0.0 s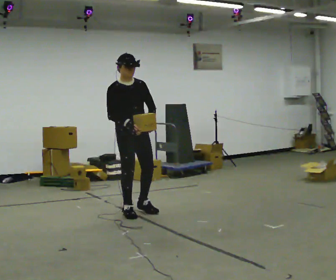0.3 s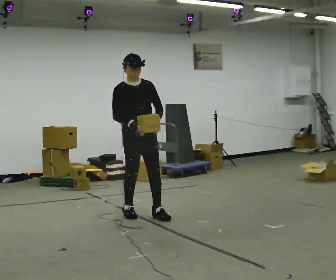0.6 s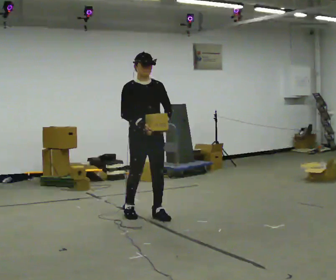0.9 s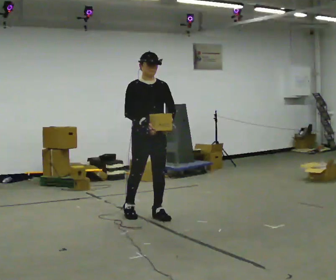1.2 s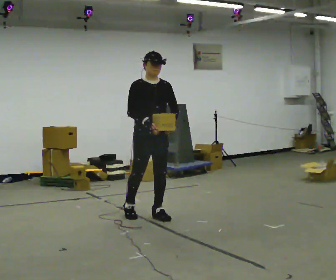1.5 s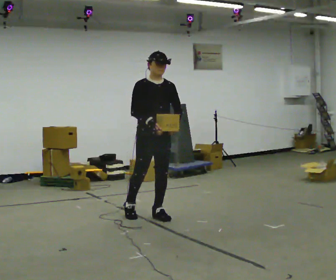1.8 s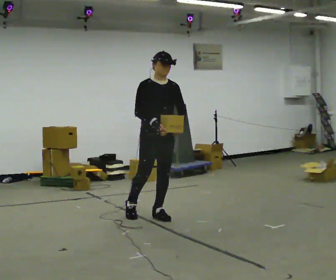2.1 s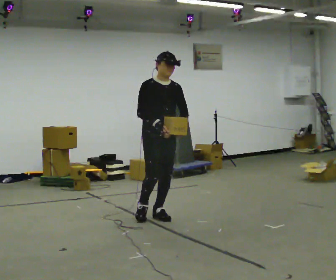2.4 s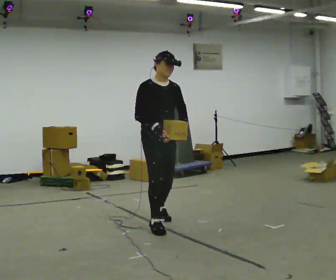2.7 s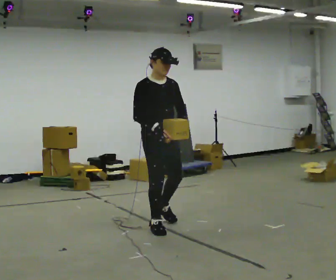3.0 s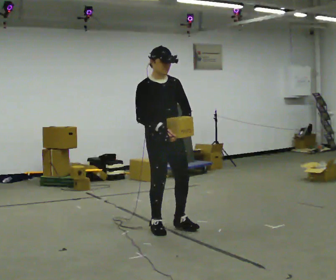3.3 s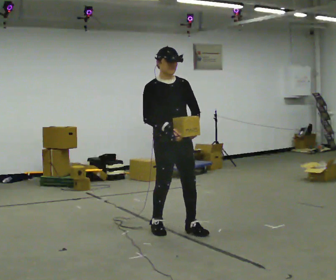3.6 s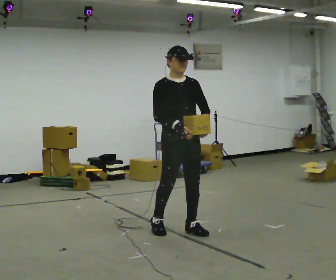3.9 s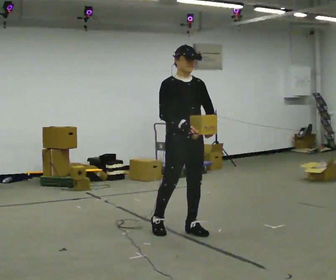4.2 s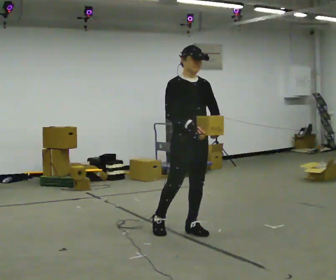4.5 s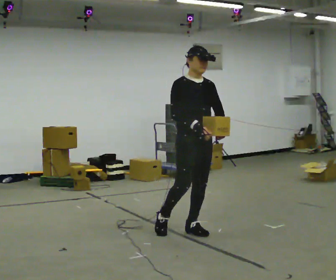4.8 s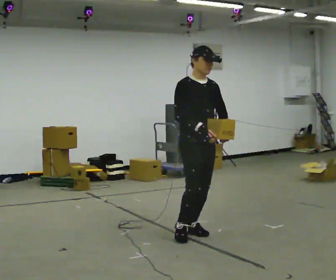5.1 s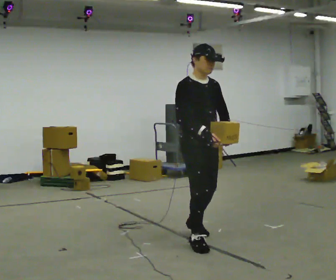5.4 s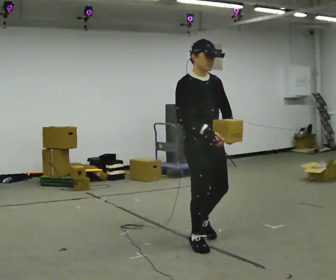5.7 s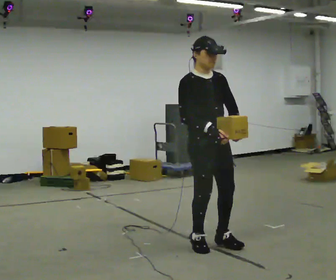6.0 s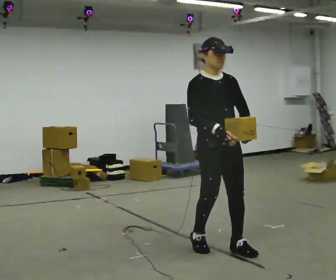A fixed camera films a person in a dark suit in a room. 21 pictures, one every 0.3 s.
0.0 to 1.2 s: In the picture they go to the right, about 0.25 m in 1 step, which for them is forward and to their left.
1.2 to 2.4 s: In the picture they go toward the camera, about 0.25 m in 1 step, which for them is forward.
2.4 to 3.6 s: In the picture they go toward the camera and to the right, about 0.25 m in 1 step, which for them is forward.
3.6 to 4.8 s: In the picture they go to the right, about 0.25 m, which for them is forward.
4.8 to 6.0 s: In the picture they go toward the camera and to the right, about 0.5 m in 2 steps, which for them is forward.
The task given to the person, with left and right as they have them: Carry the light box in both hands in front of you, walking back and forth across the room. Keep walking until the operator says stop.
The film runs forward here.
